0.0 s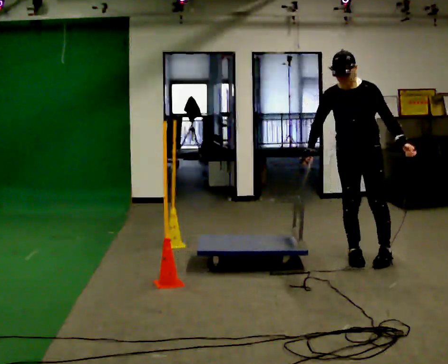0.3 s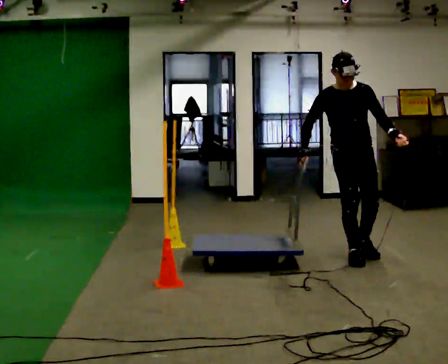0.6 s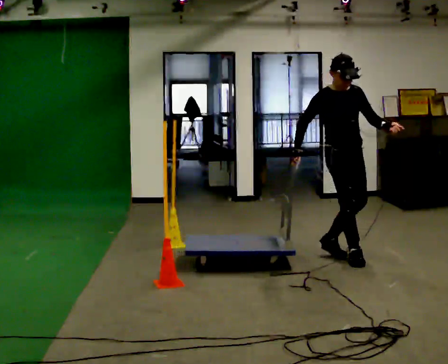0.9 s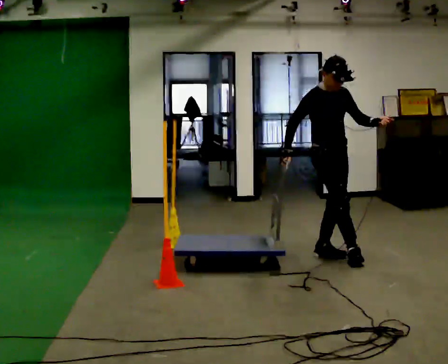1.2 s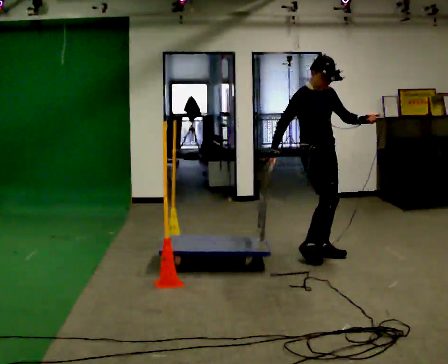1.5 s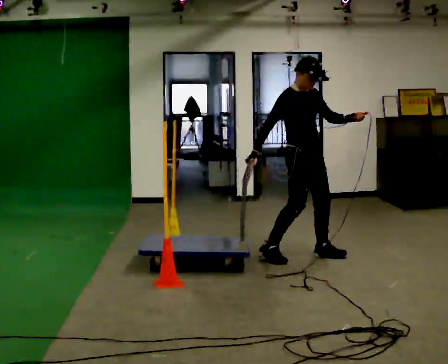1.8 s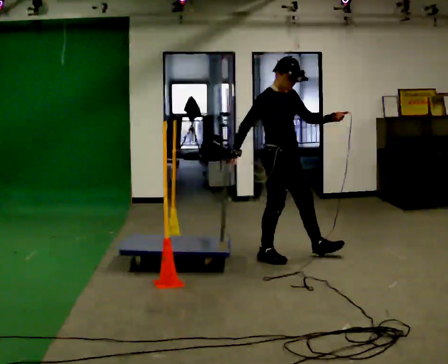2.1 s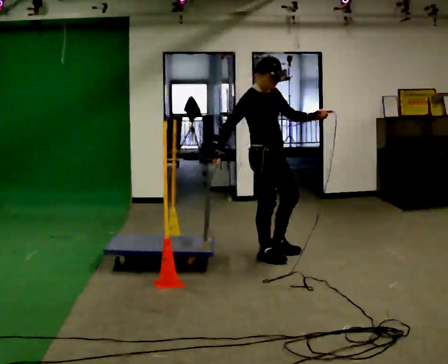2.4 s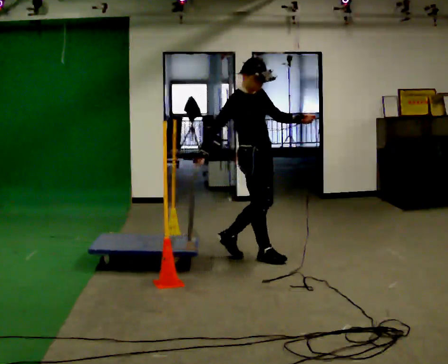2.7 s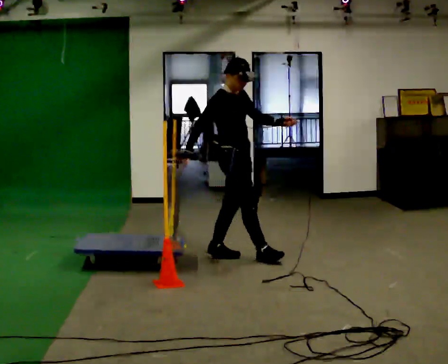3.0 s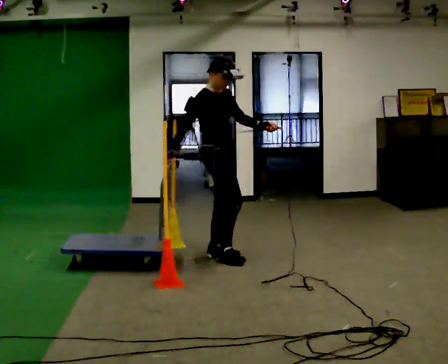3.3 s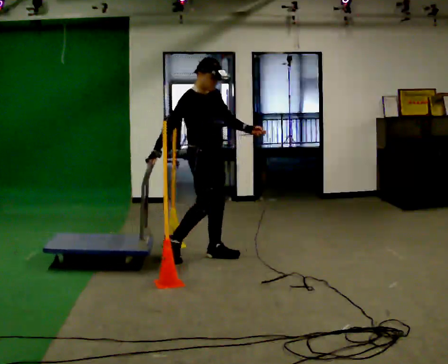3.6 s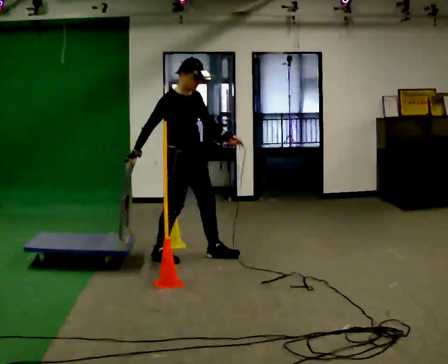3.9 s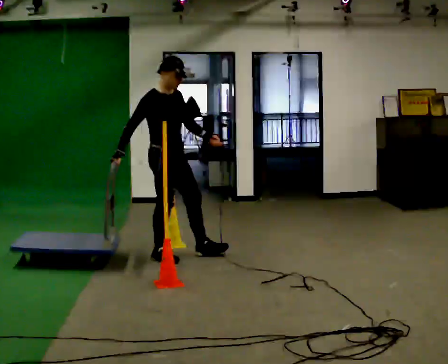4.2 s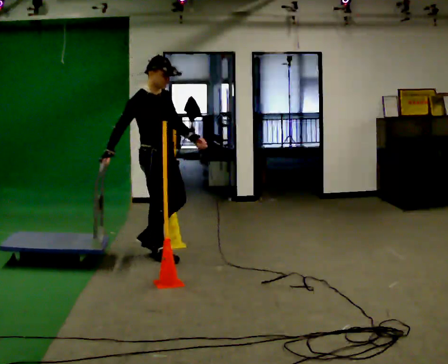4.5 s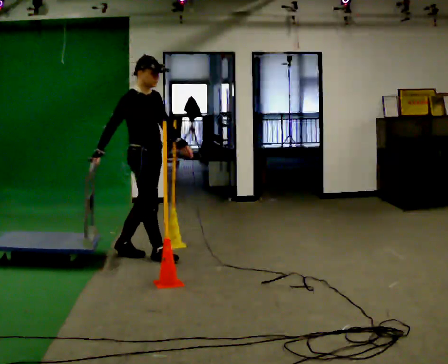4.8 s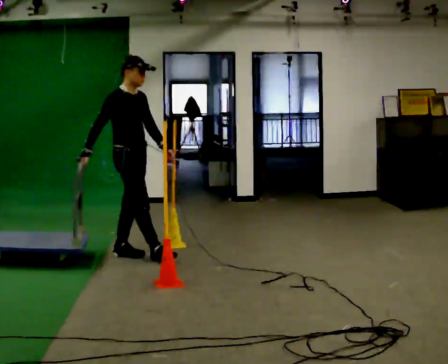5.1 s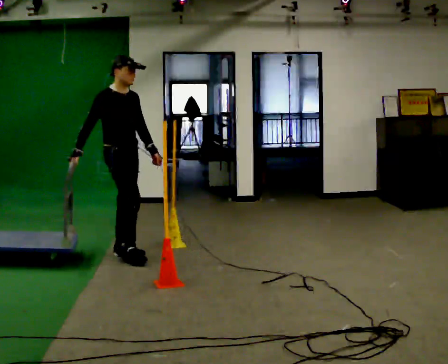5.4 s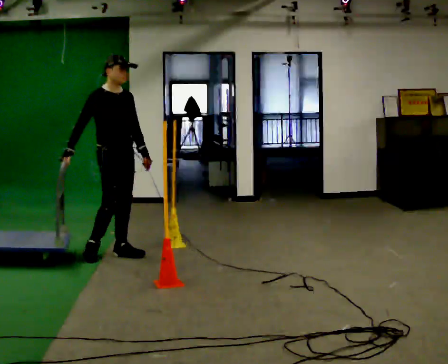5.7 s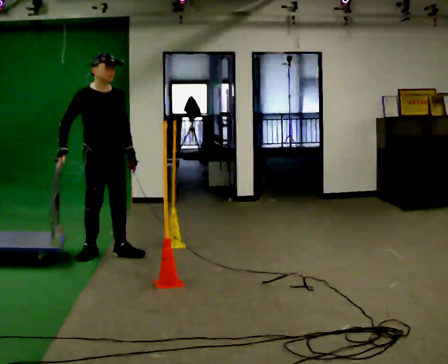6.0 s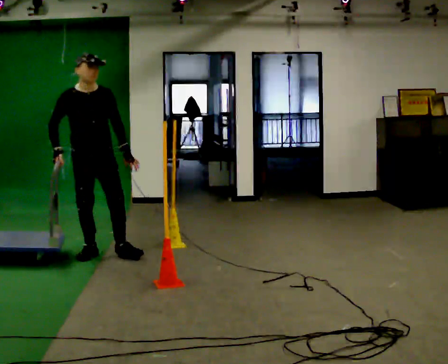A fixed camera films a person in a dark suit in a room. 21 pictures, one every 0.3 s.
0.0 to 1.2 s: The part of the body nearest the lens slides to the right as the person turns to their left by about 60 degrees. In the picture they go to the left and away from the camera, about 0.25 m in 1 step.
1.2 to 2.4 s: In the picture they go to the left, about 0.5 m in 1 step, which for them is backward and to their right.
2.4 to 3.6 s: In the picture they go to the left, about 0.5 m in 1 step, which for them is backward.
3.6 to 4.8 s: In the picture they go to the left, about 0.5 m in 1 step, which for them is backward.
4.8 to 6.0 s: Seen from above the body turns clockwise, about 45 degrees: to their right, with its near side sliding to the left. In the picture they go to the left, about 0.25 m in 2 steps, which for them is backward and to their right.
The film runs backward here.
